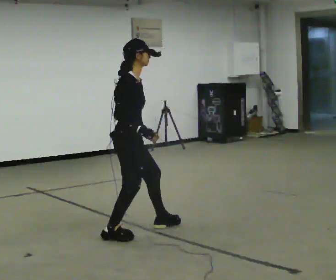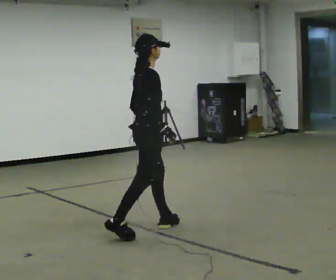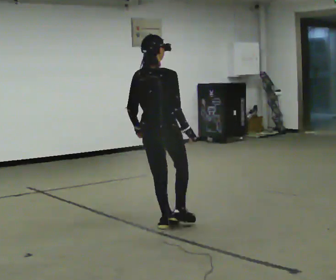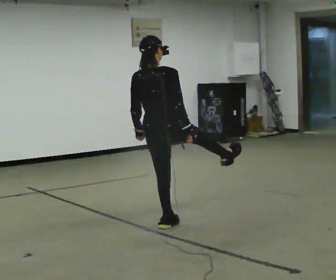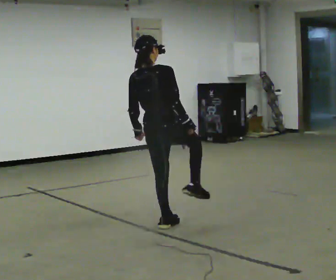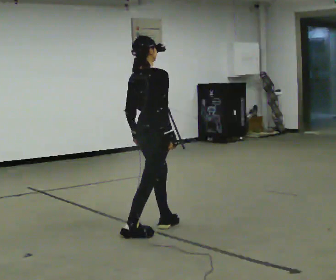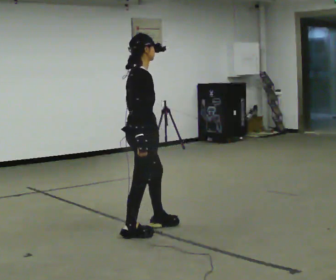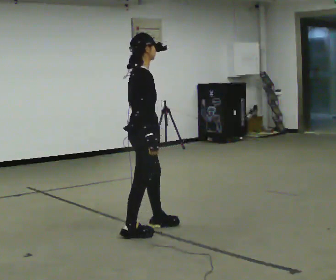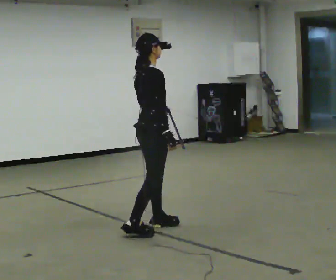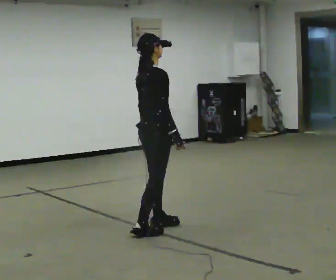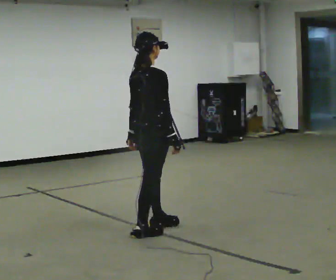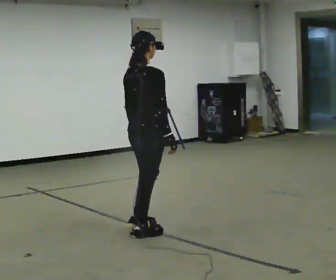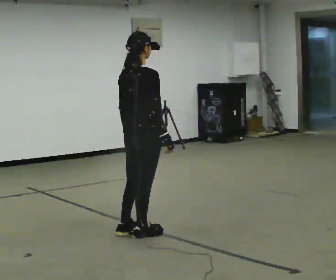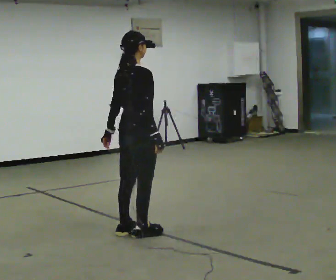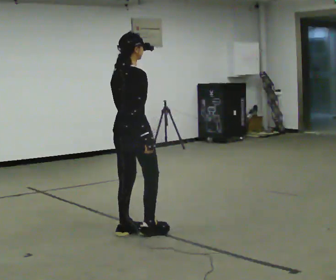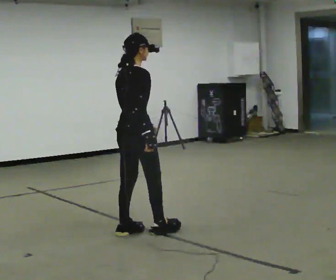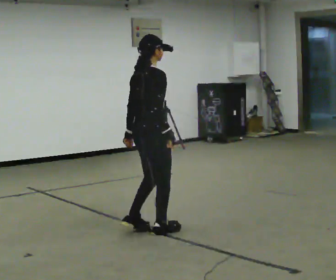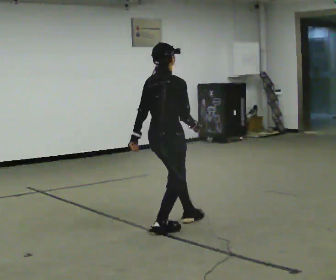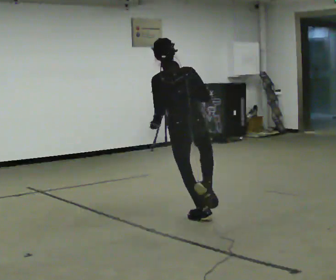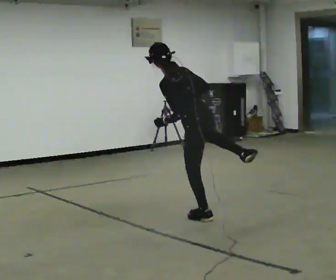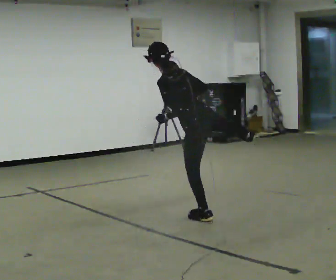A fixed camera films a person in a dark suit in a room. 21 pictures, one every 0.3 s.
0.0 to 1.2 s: Seen from above the body turns counterclockwise, about 75 degrees: to their left, with its near side sliding to the right. In the picture they go to the right and away from the camera, about 0.25 m in 1 step. In the picture the upper body tilts counterclockwise, shoulders to the left, as they lean back or straighten.
1.2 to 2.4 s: Seen from above the body turns clockwise, about 45 degrees: to their right, with its near side sliding to the left.
2.4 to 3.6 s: Seen from above the body turns counterclockwise, about 30 degrees: to their left, with its near side sliding to the right. In the picture they go toward the camera, about 0.25 m in 1 step, which for them is backward.
3.6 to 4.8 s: The person moves a little, or ends about where they began.
4.8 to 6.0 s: The person turns about 105 degrees to their left, counterclockwise seen from above, so the part of the body nearest the lens slides to the right. In the picture they go to the right and away from the camera, about 0.5 m in 1 step. In the picture the upper body tilts counterclockwise, shoulders to the left.
The film runs backward here.
